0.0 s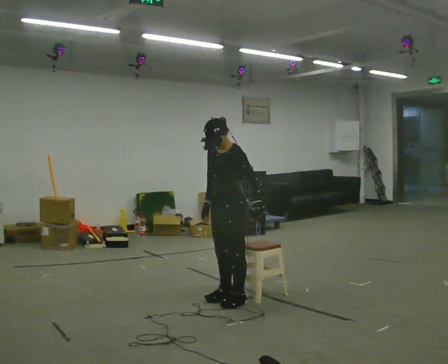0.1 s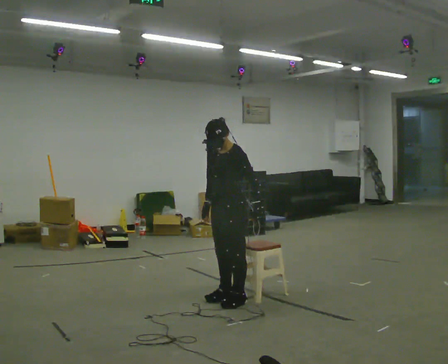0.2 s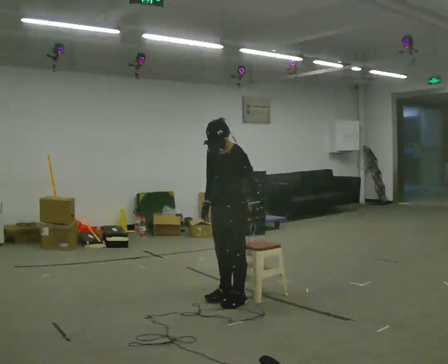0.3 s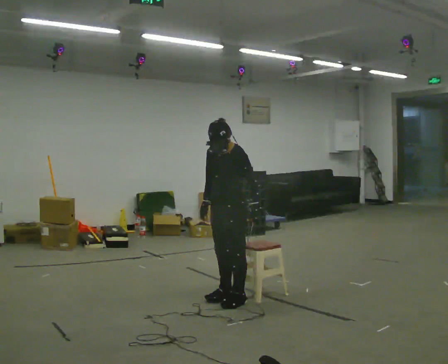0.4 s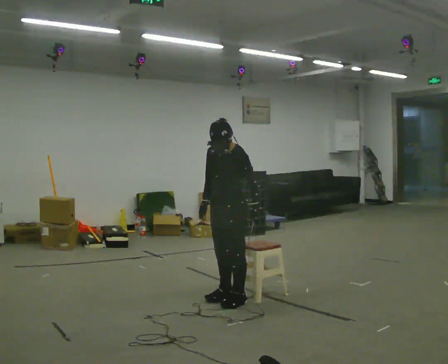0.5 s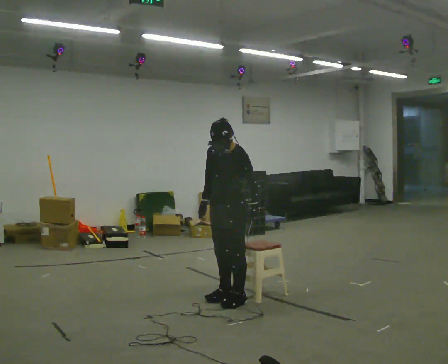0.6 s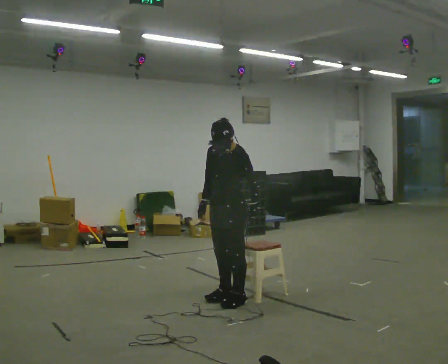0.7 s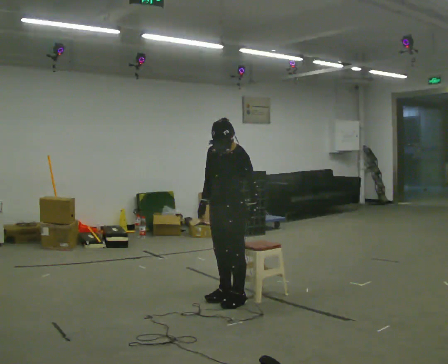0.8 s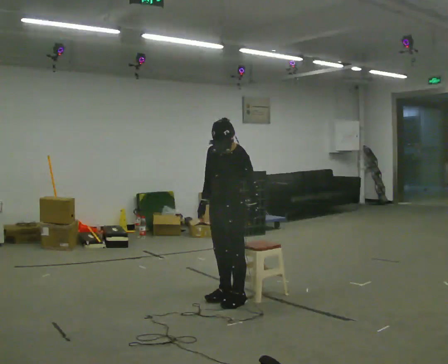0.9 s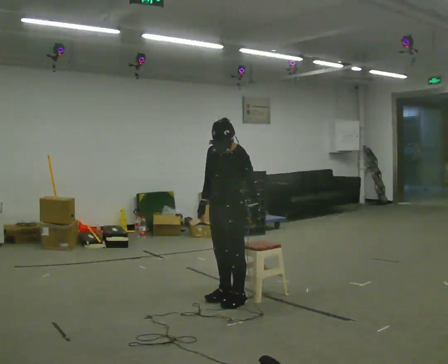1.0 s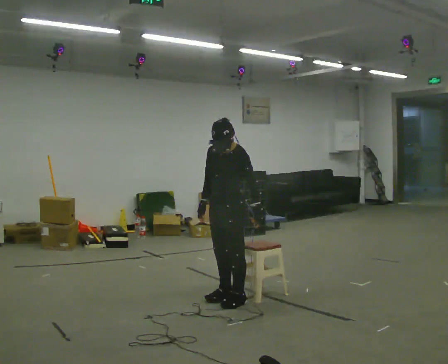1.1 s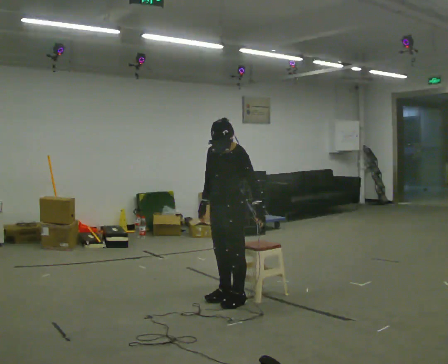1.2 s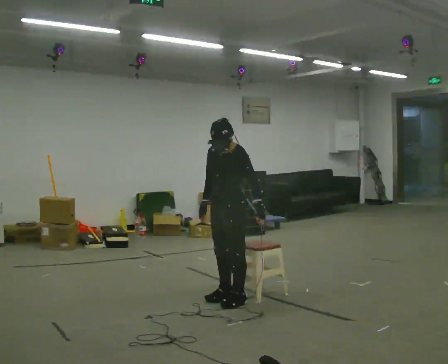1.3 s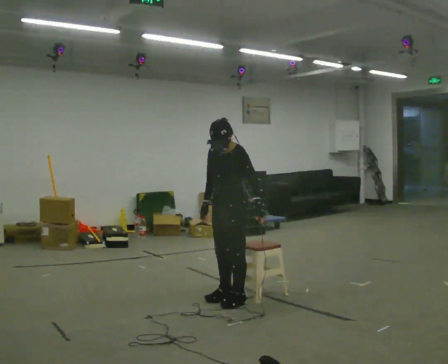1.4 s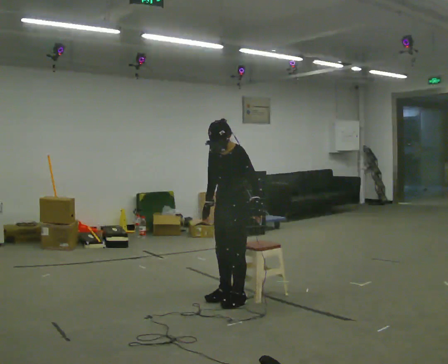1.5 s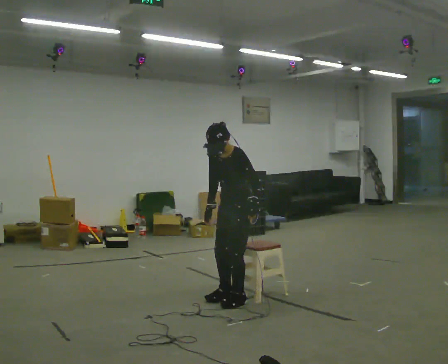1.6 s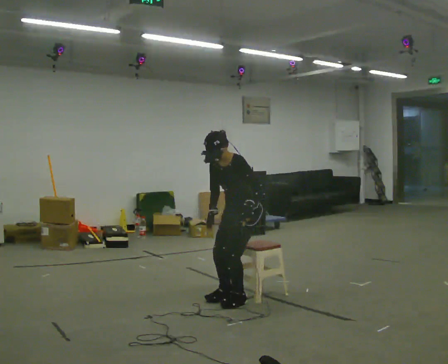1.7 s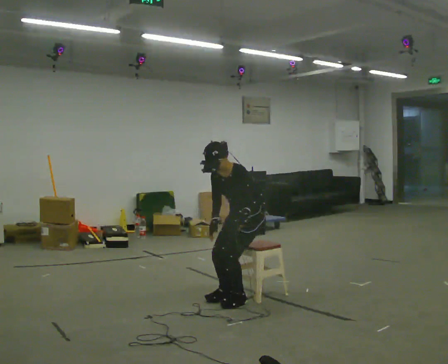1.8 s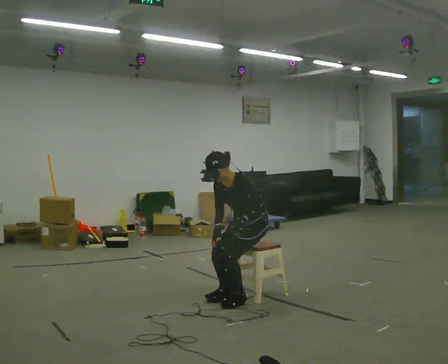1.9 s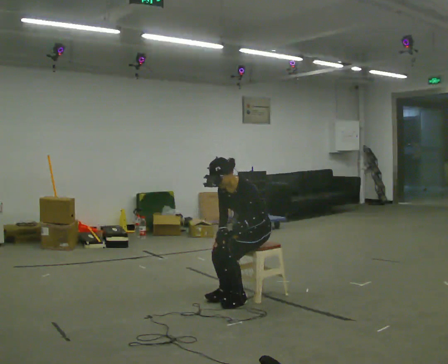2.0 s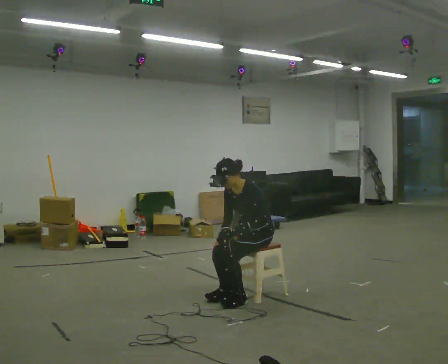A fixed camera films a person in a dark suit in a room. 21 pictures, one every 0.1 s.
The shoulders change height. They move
downward.
0.0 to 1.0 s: The person moves a little, or ends about where they began.
1.0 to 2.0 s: In the picture they go to the right, about 0.25 m, which for them is backward. The upper body goes downward.
The film runs forward here.
